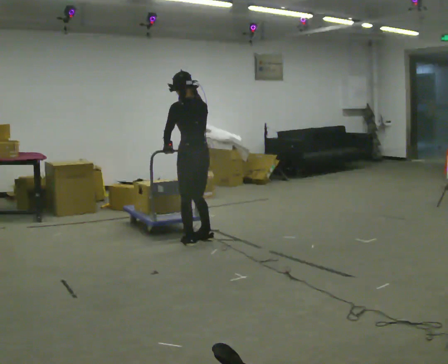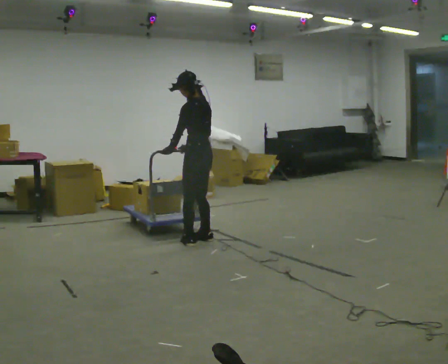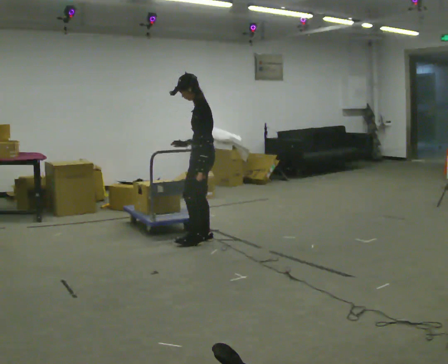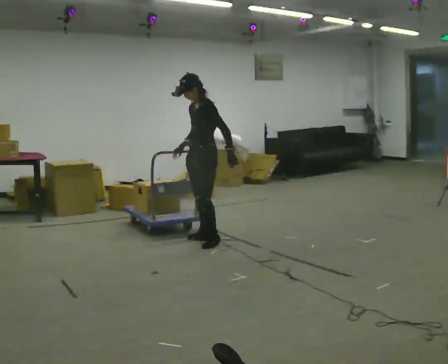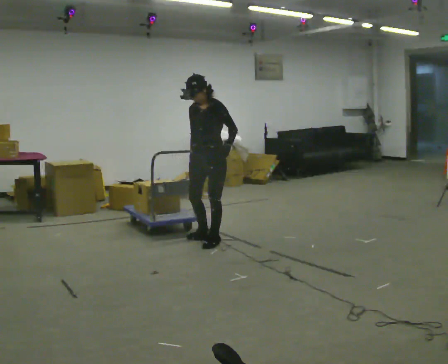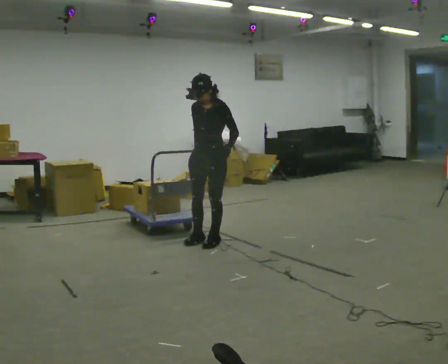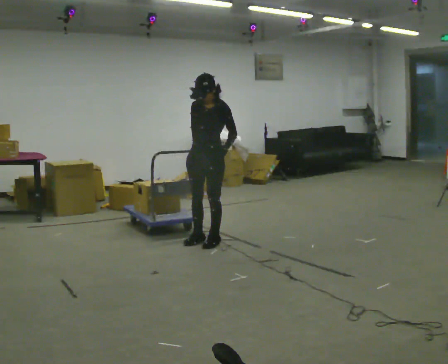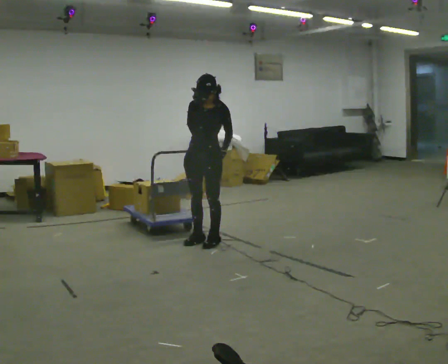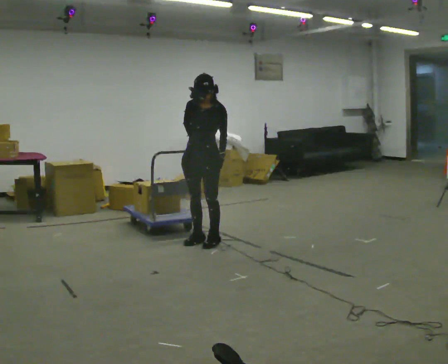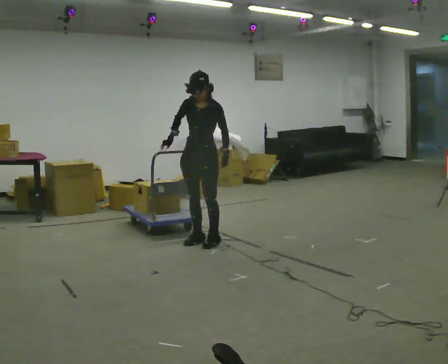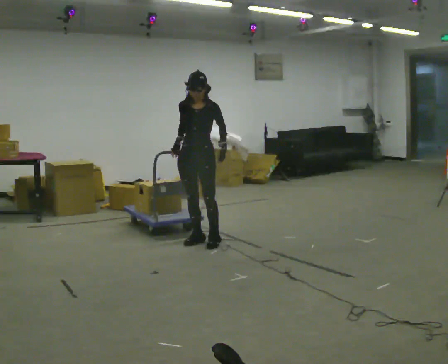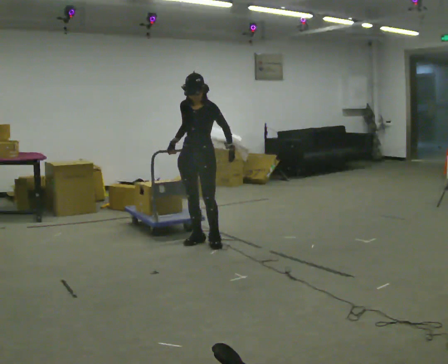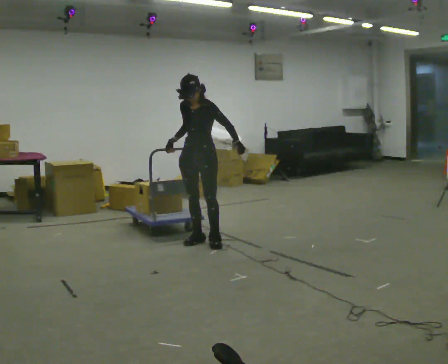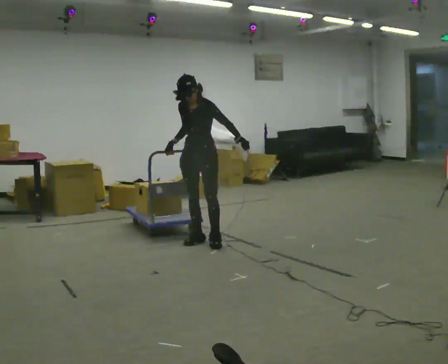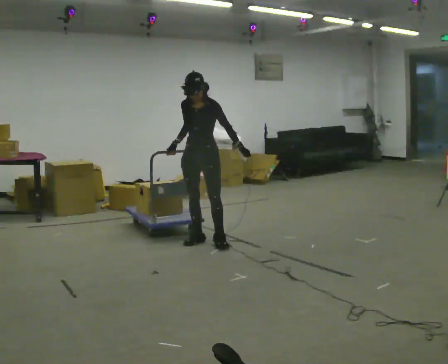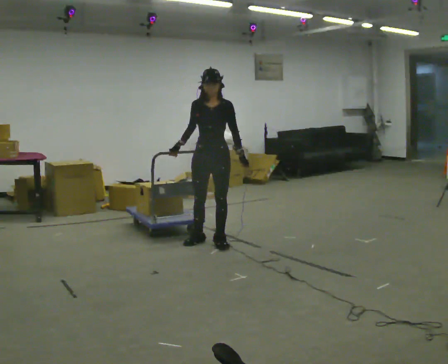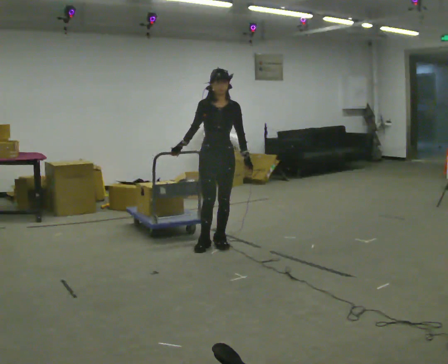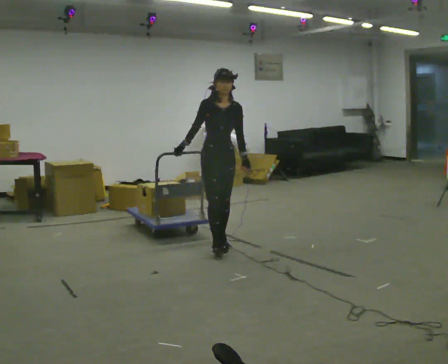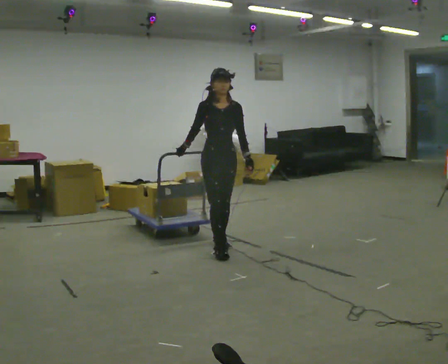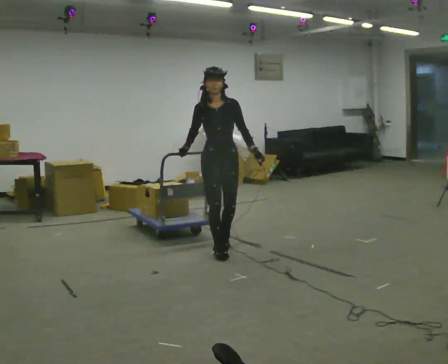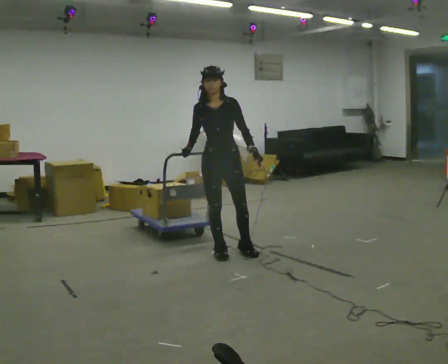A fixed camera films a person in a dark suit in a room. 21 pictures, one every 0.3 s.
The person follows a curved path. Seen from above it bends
clockwise.
0.0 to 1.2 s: The person turns about 105 degrees to their left, counterclockwise seen from above, so the part of the body nearest the lens slides to the right. In the picture they go to the right, about 0.25 m in 1 step. In the picture their left hand goes to the right, the arm swinging counterclockwise.
1.2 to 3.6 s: The person moves a little, or ends about where they began.
3.6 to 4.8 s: The part of the body nearest the lens slides to the right as the person turns to their left by about 30 degrees. In the picture they go to the right, about 0.25 m, which for them is to their left.
4.8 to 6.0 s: In the picture they go toward the camera, about 0.25 m in 1 step, which for them is forward.
The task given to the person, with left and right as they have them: Pull the cart behind you as you walk backward across the room. The operator will confirm the space behind you is clear before each take.
The film runs forward here.
